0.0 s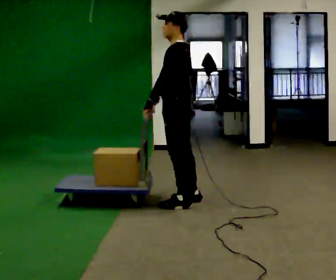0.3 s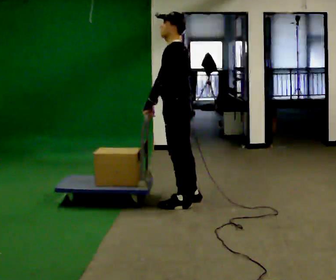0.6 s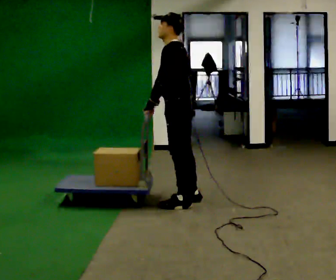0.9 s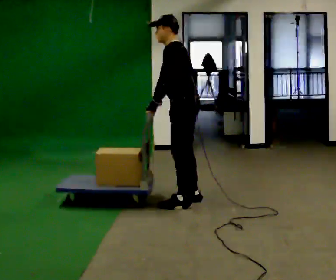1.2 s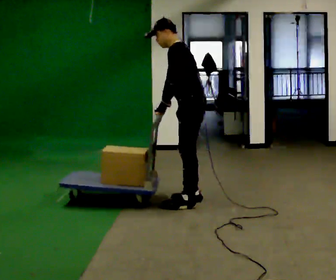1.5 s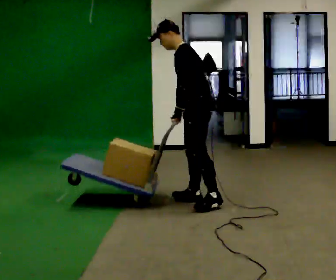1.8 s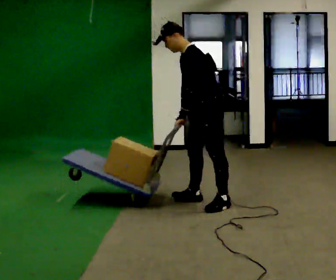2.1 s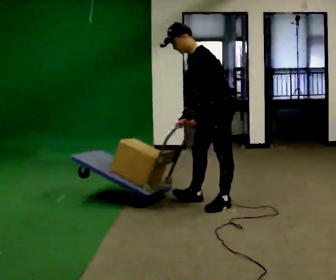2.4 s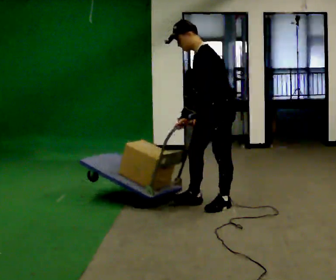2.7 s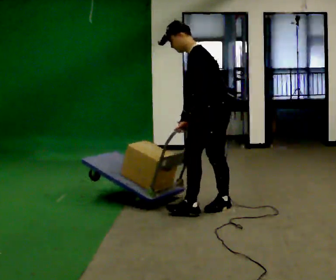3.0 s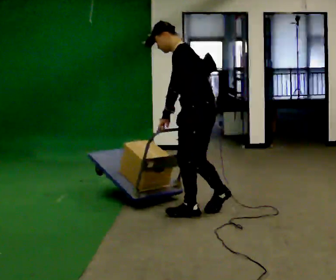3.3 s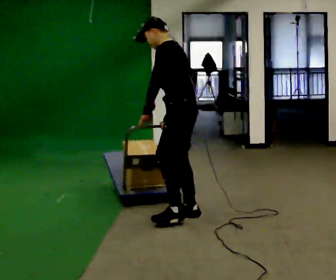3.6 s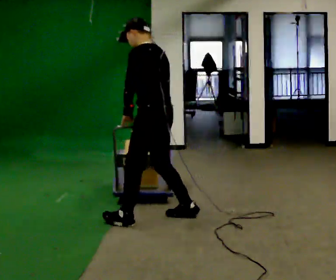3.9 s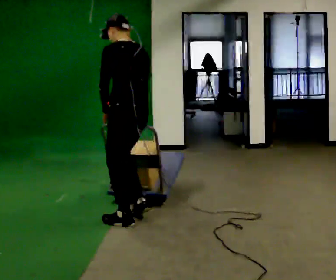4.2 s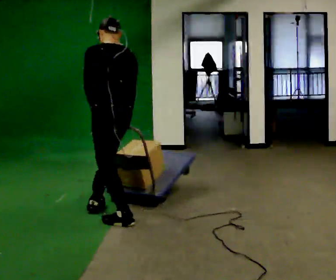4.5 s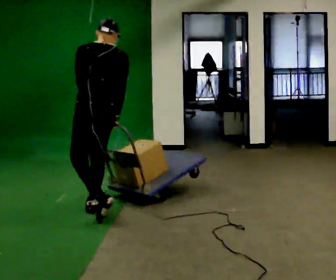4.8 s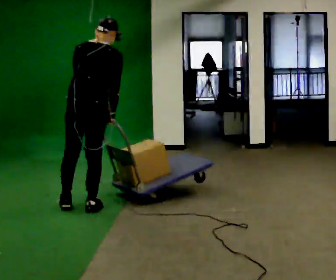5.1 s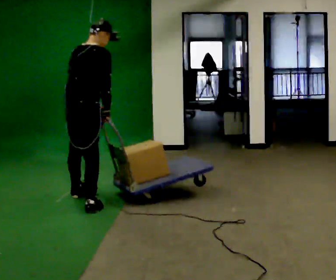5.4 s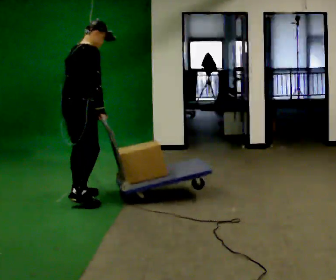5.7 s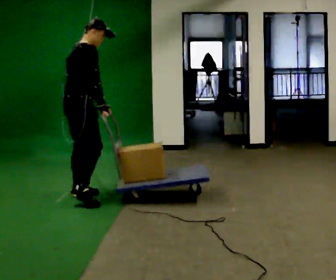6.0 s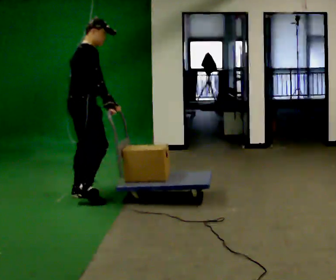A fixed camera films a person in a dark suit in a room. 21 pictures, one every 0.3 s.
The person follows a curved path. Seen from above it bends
clockwise.
Their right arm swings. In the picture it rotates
counterclockwise.
0.0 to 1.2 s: In the picture the upper body tilts counterclockwise, shoulders to the left, as they bend forward.
1.2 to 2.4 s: In the picture they go to the right and toward the camera, about 0.25 m in 1 step, which for them is to their left and backward.
2.4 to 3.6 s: The person turns about 45 degrees to their right, clockwise seen from above, so the part of the body nearest the lens slides to the left. In the picture they go to the left and toward the camera, about 0.75 m in 2 steps, which for them is forward.
3.6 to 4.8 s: Seen from above the body turns clockwise, about 60 degrees: to their right, with its near side sliding to the left. In the picture they go to the left, about 0.75 m in 1 step. In the picture the upper body tilts clockwise, shoulders to the right.
4.8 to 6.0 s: The part of the body nearest the lens slides to the left as the person turns to their right by about 75 degrees. In the picture they go away from the camera and to the left, about 0.5 m in 2 steps.
The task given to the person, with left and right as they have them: Turn the cart round to face the other way without moving it out of the marked square, then turn it back. Repeat until the operator says stop.
The film runs forward here.
